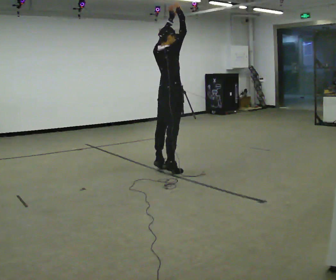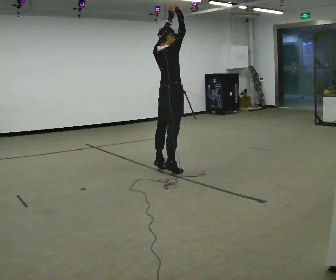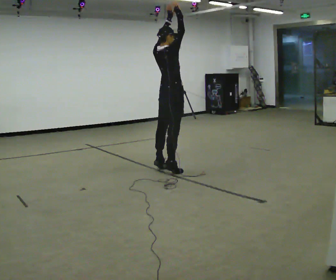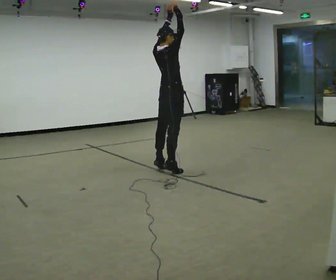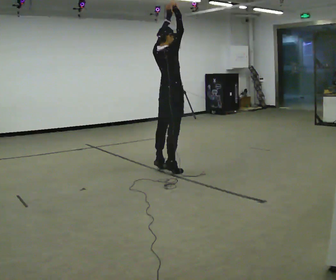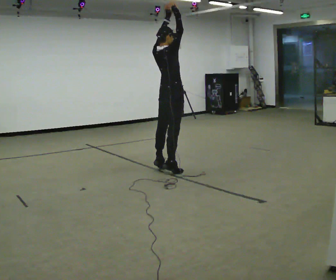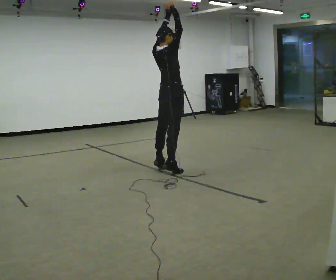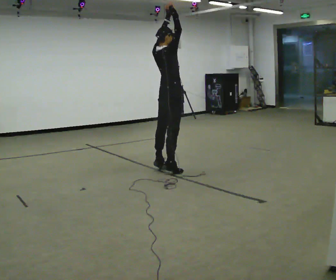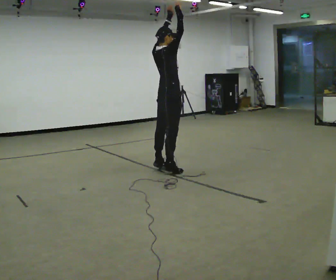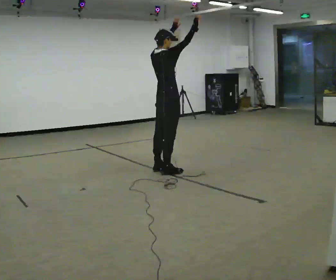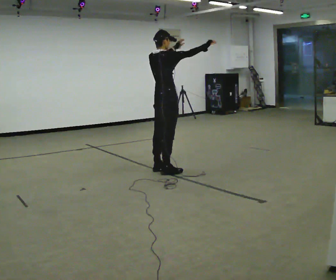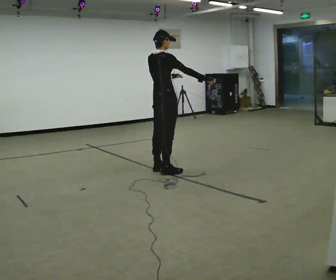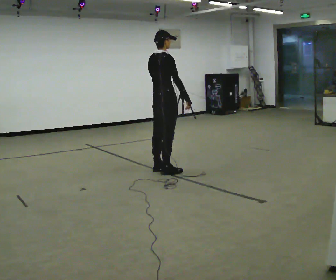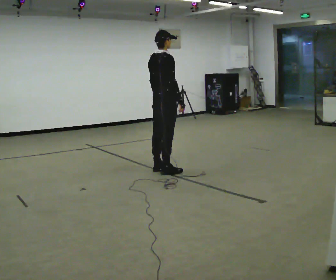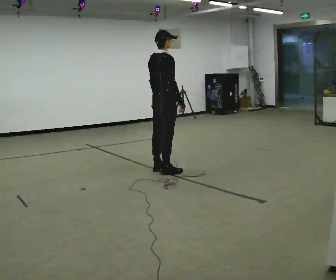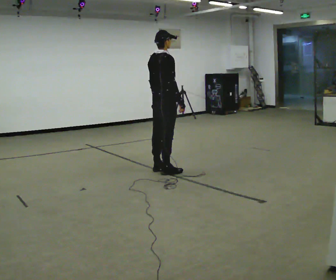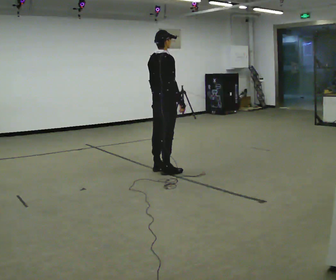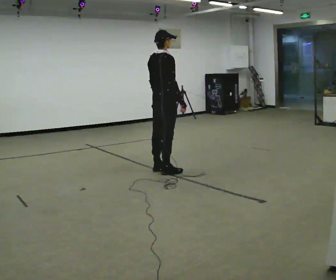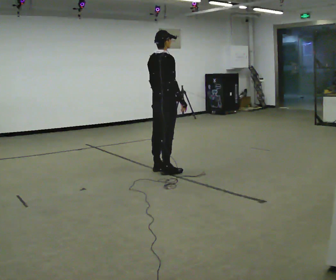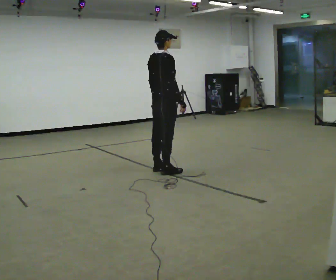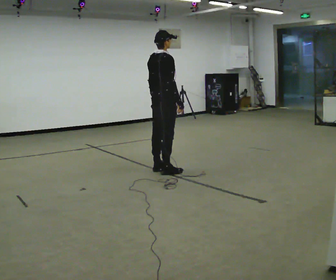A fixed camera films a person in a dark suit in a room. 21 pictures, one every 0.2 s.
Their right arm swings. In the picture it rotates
clockwise.
Their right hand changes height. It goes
downward.
0.0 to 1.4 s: The person moves a little, or ends about where they began.
1.4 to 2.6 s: In the picture their right hand goes downward, the arm swinging clockwise.
2.6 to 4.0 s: The person moves a little, or ends about where they began.
The film runs backward here.
